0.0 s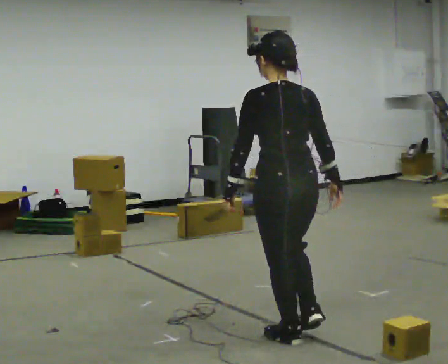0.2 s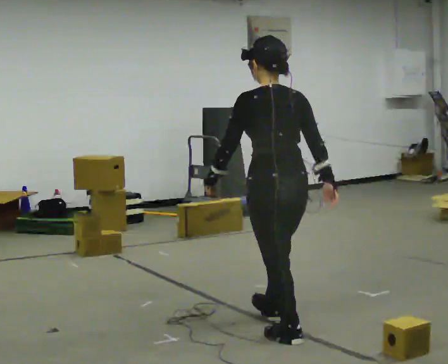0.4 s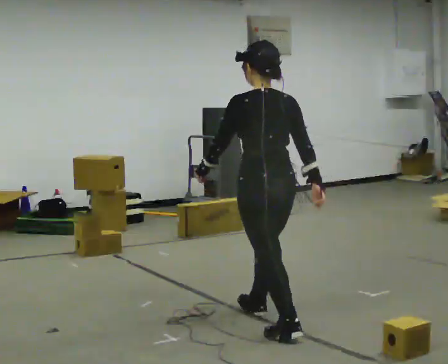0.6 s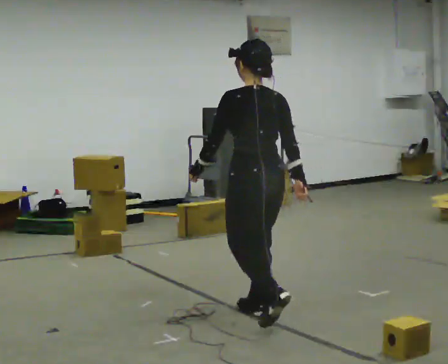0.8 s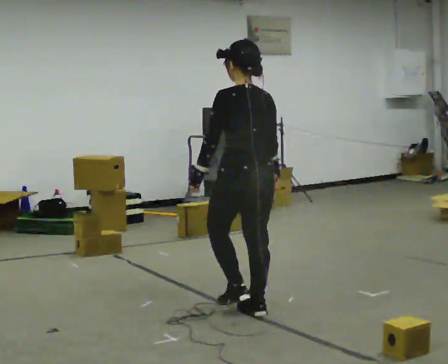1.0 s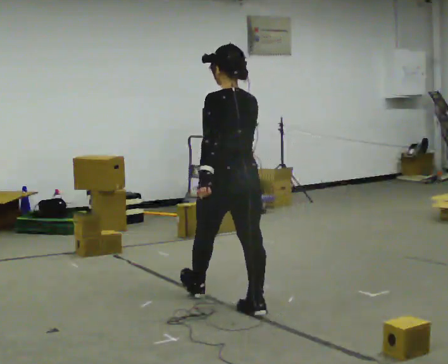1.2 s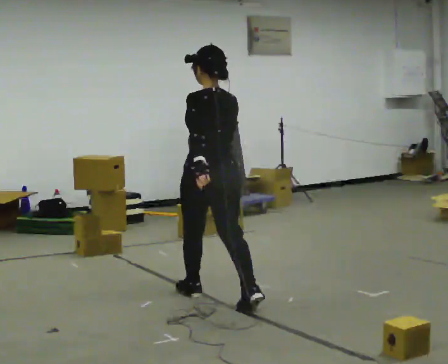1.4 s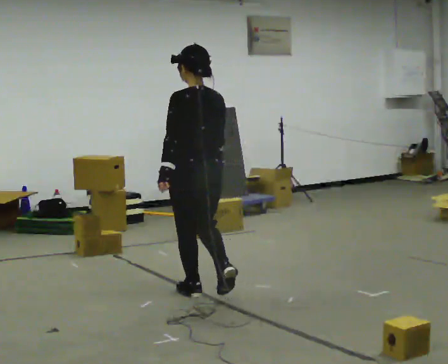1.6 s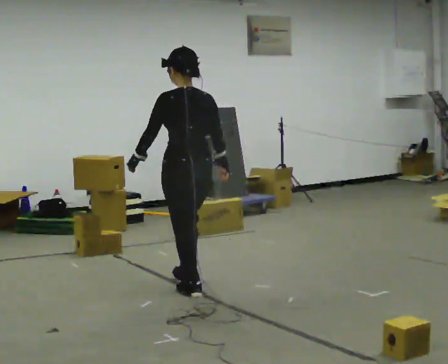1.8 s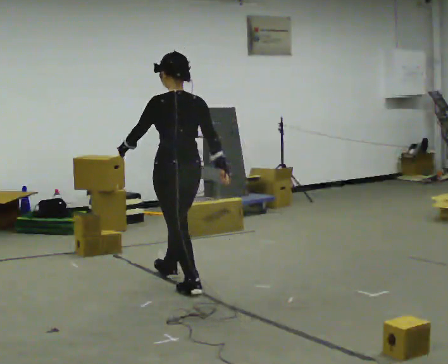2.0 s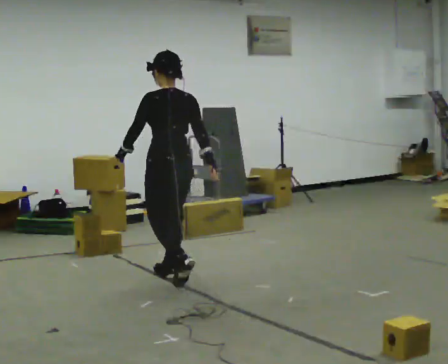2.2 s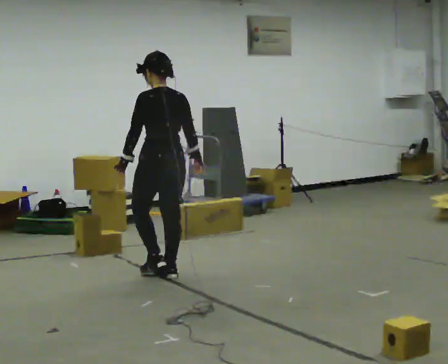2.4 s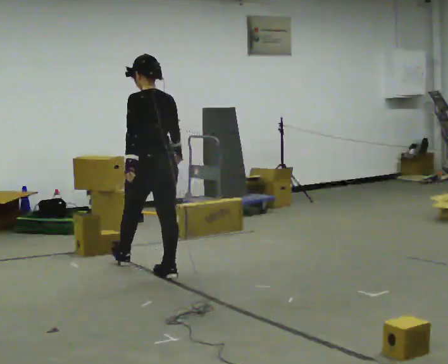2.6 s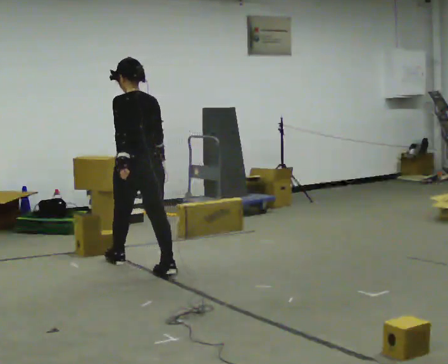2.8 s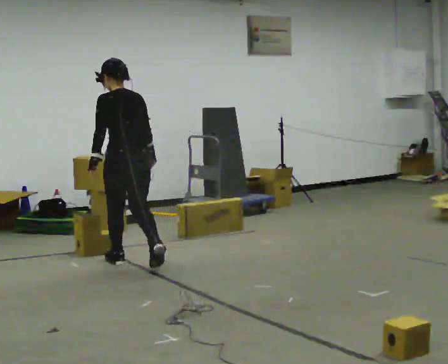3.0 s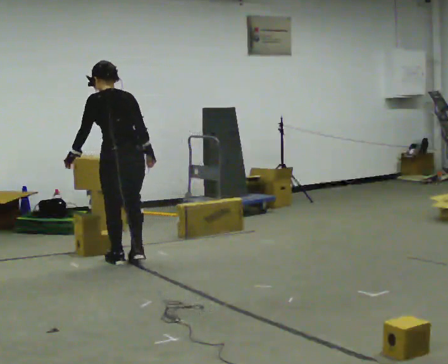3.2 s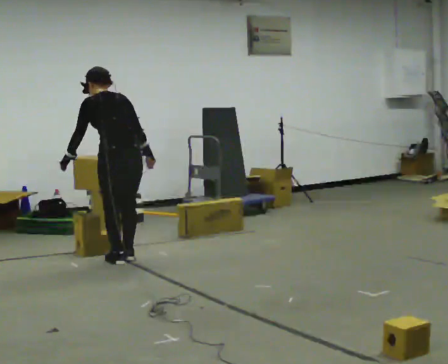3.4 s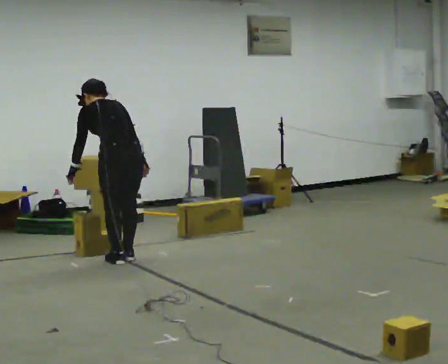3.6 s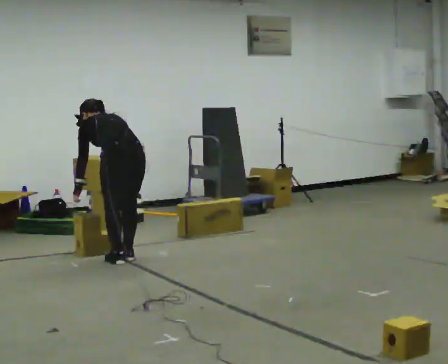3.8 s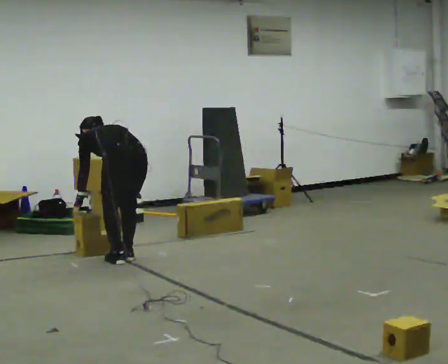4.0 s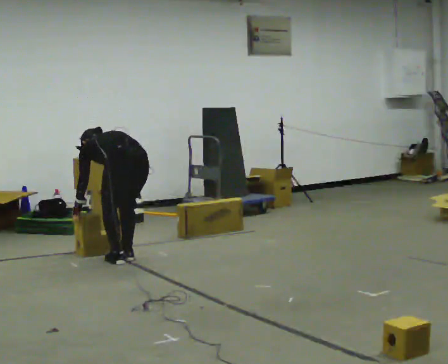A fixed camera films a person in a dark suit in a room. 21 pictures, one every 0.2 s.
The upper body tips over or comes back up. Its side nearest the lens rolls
upward.
The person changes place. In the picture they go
away from the camera.
0.0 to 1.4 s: In the picture they go away from the camera and to the left, about 1 m in 2 steps, which for them is forward.
1.4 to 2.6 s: In the picture they go away from the camera and to the left, about 1 m in 2 steps, which for them is forward.
2.6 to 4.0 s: In the picture they go away from the camera, about 0.25 m in 1 step, which for them is forward. The upper body goes downward. The upper body tips away from the camera, its near side rolling upward, as they bend forward. In the picture their left hand goes to the left and downward.
The film runs forward here.
